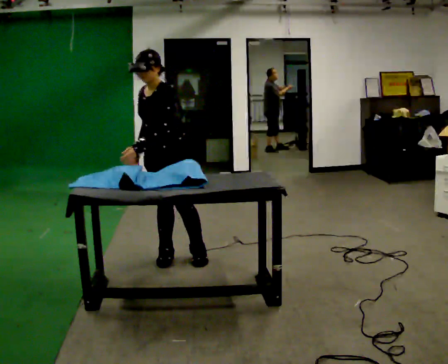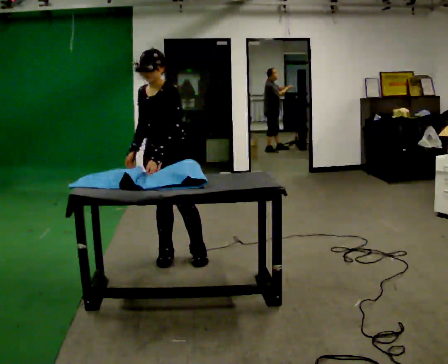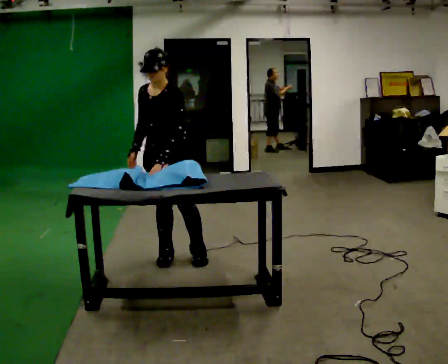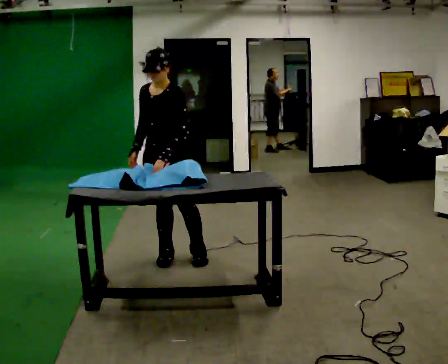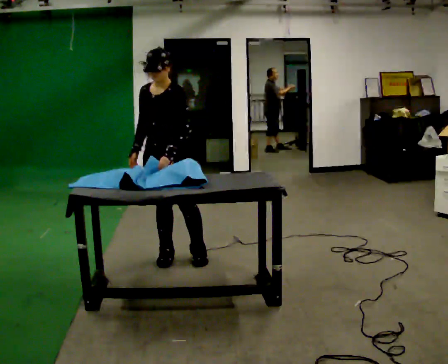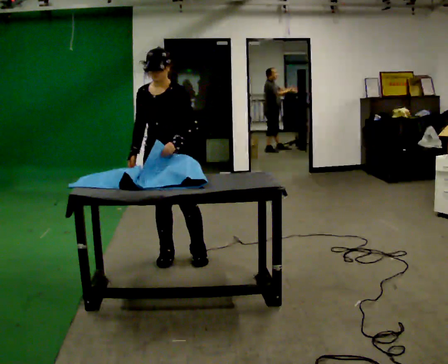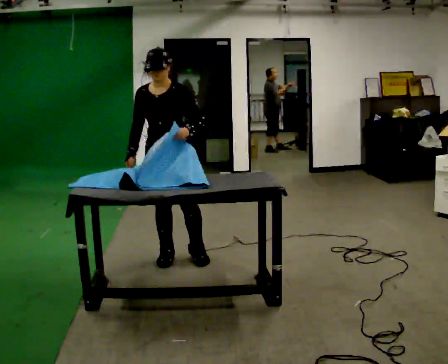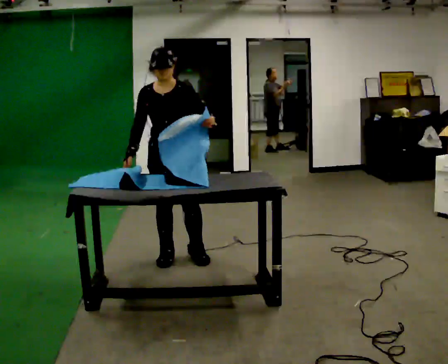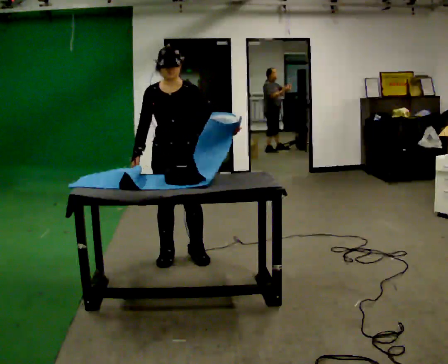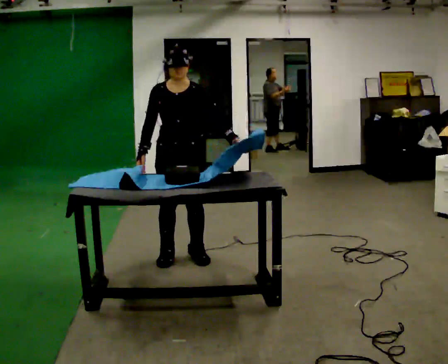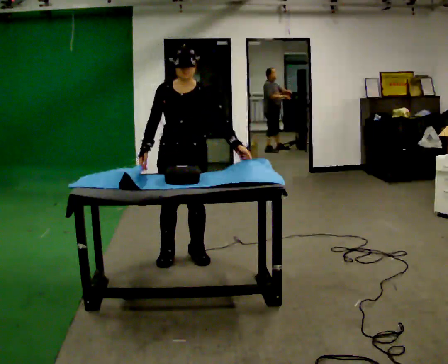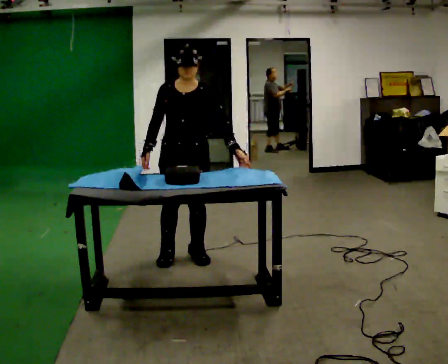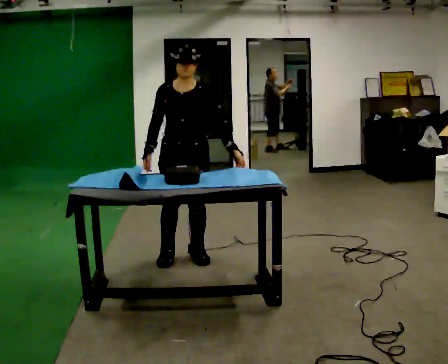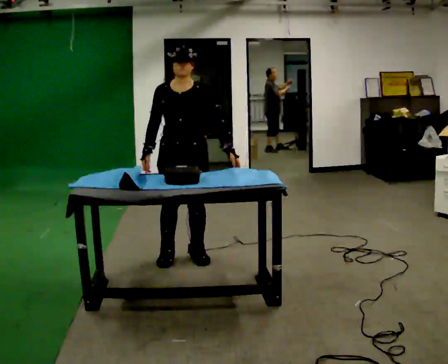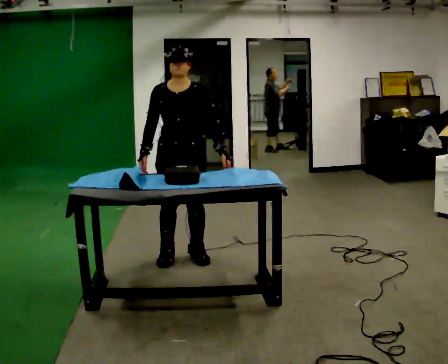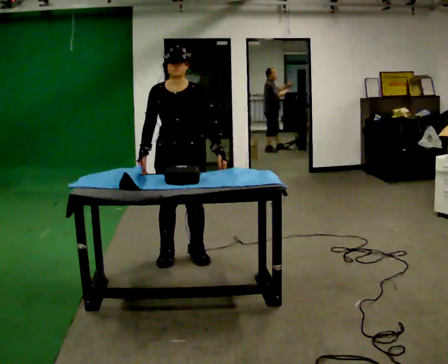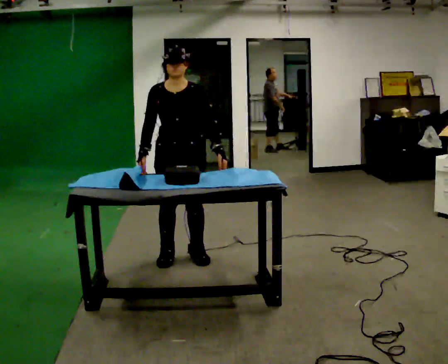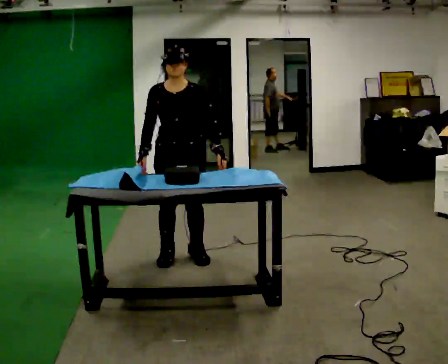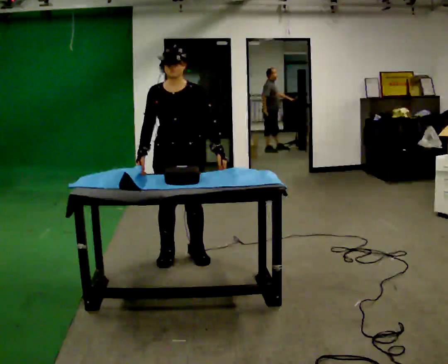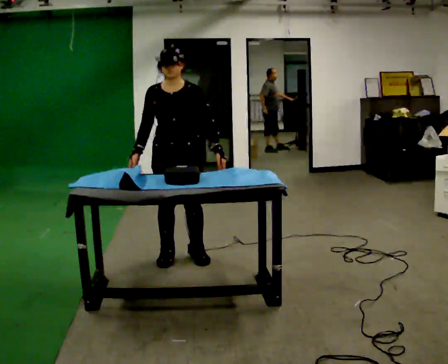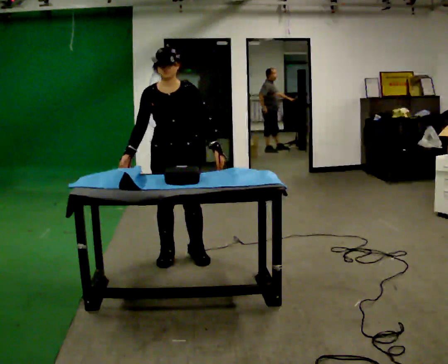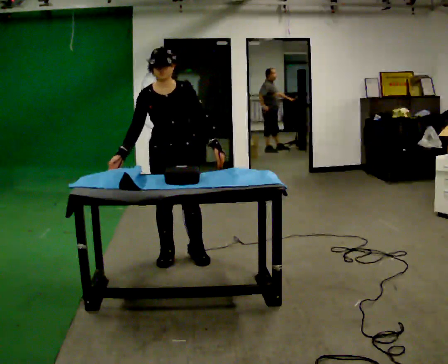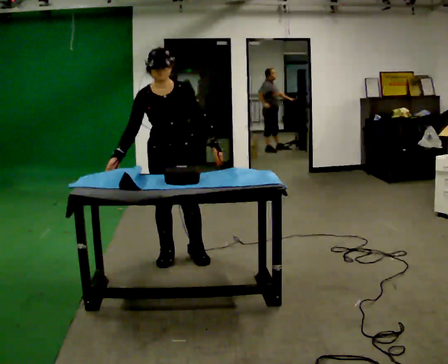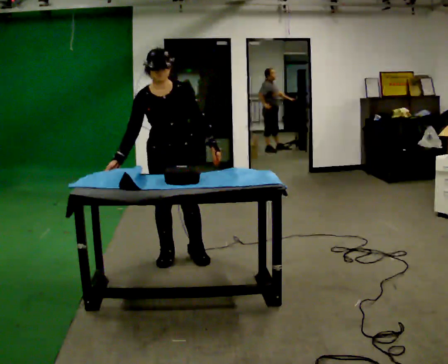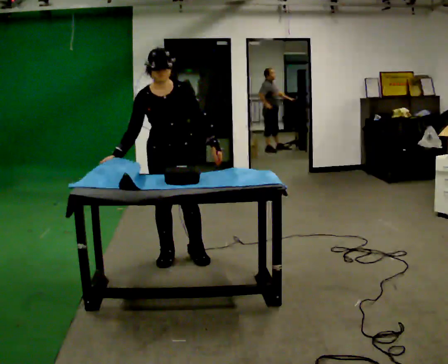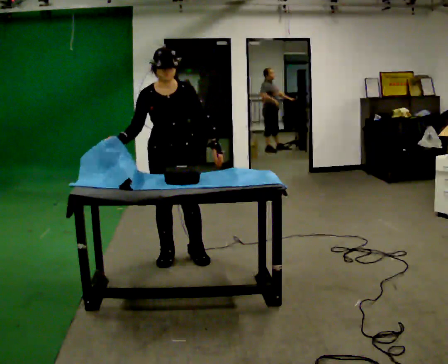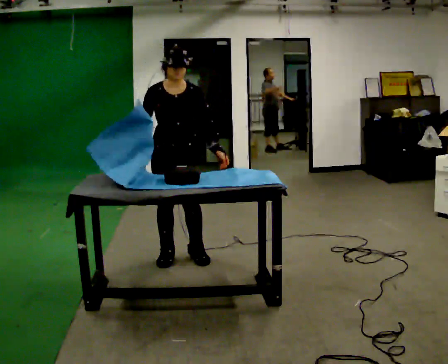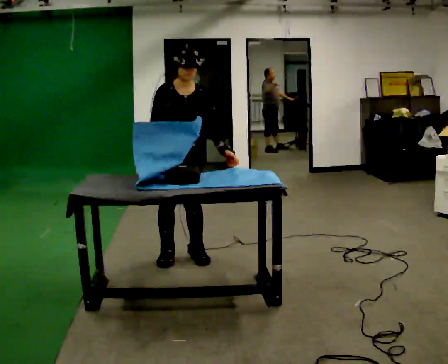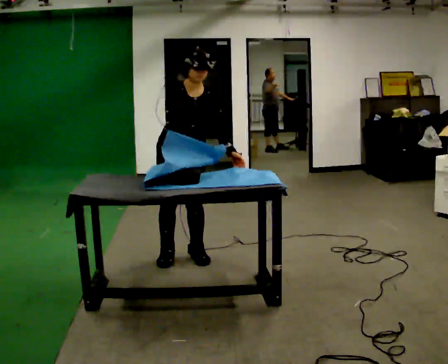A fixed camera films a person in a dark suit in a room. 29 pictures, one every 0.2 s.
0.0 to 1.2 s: Seen from above the body turns counterclockwise, about 30 degrees: to their left, with its near side sliding to the right. In the picture their left hand goes to the right.
1.2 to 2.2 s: In the picture their left hand goes to the right.
2.2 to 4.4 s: The person moves a little, or ends about where they began.
4.4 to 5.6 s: In the picture the upper body tilts clockwise, shoulders to the right. In the picture their right hand goes to the right.
The film runs forward here.
